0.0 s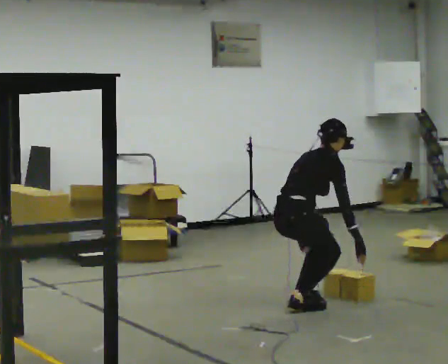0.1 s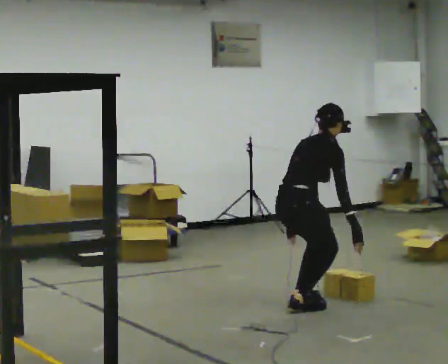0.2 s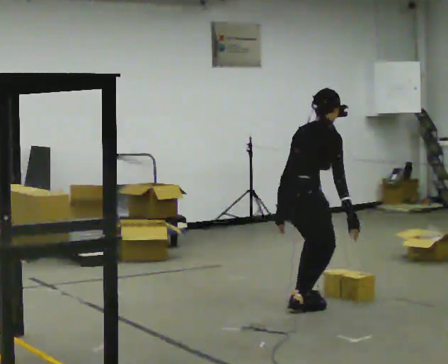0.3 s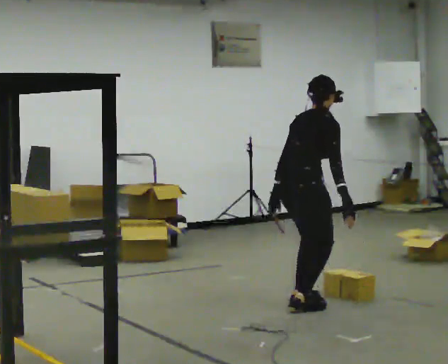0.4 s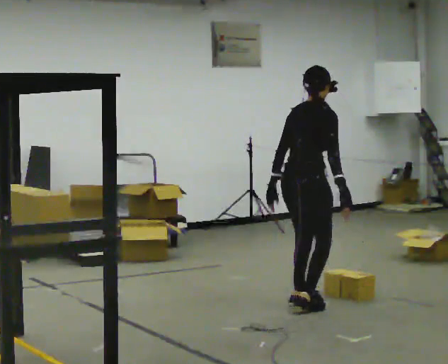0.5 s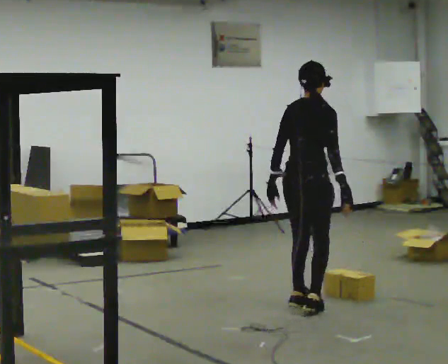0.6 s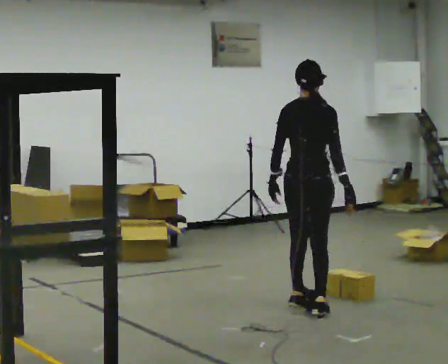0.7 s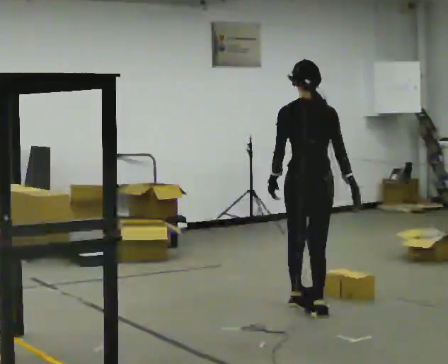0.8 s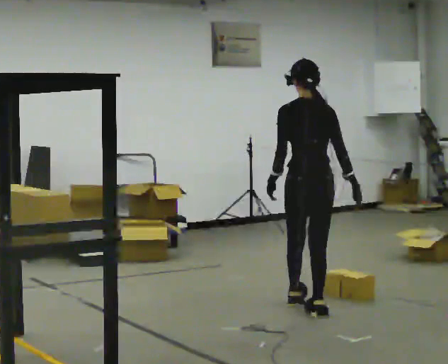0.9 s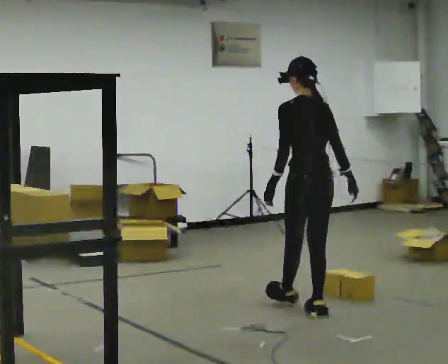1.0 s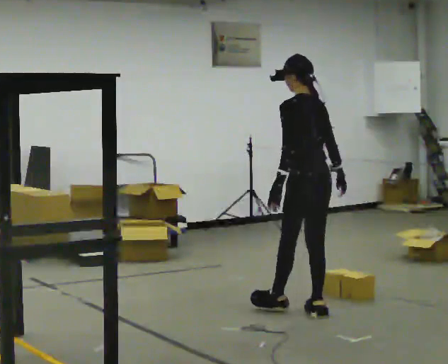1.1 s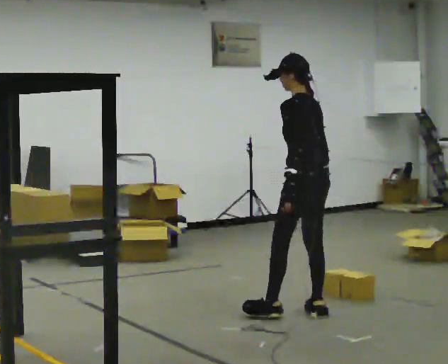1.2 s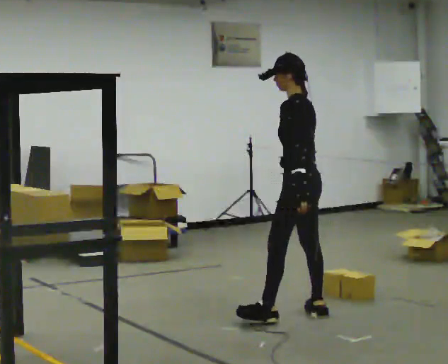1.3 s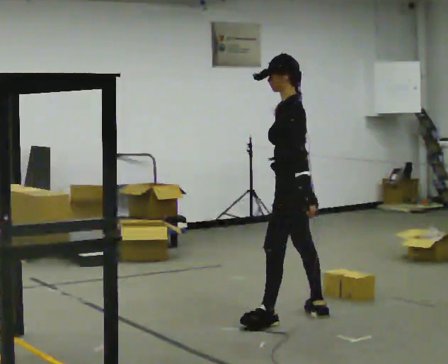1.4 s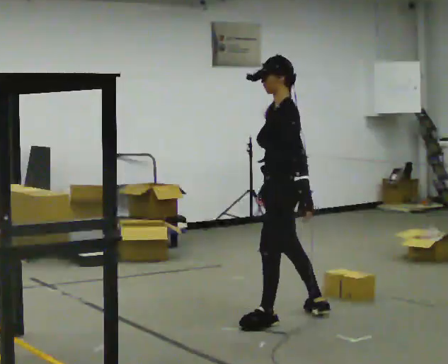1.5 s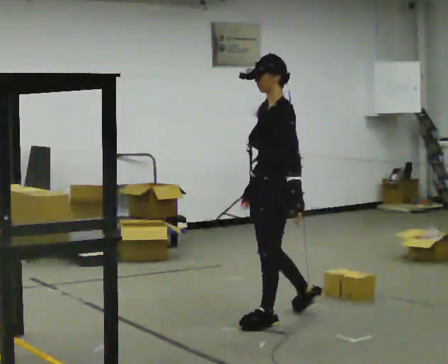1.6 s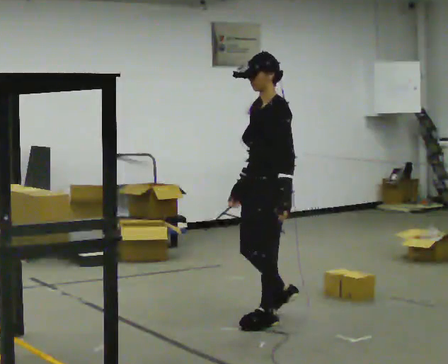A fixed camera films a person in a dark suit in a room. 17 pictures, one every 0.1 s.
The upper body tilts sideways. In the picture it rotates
counterclockwise.
The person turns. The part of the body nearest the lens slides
to the right.
0.0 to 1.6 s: The person turns about 165 degrees to their left, counterclockwise seen from above, so the part of the body nearest the lens slides to the right. In the picture they go toward the camera, about 0.5 m in 2 steps. The shoulders move upward. In the picture the upper body tilts counterclockwise, shoulders to the left, as they lean back or straighten. In the picture their right hand goes upward, the arm swinging clockwise.
The film runs forward here.
